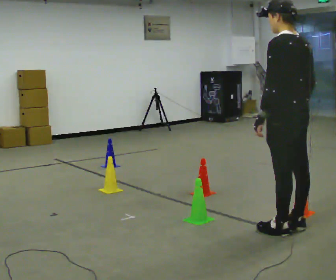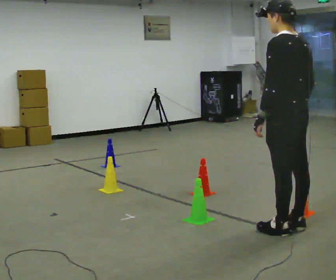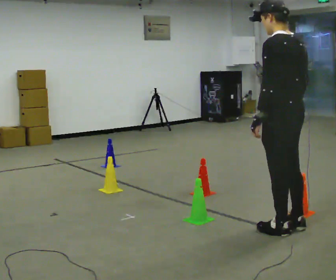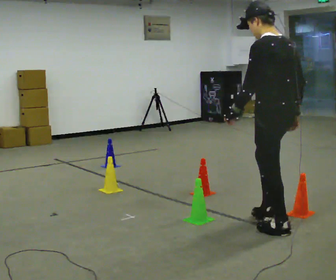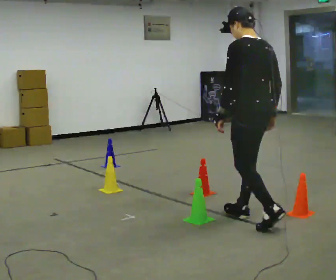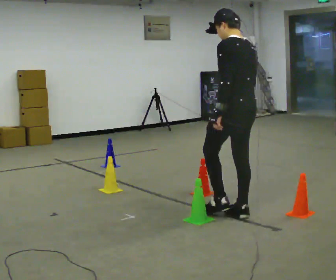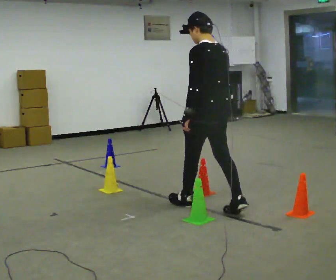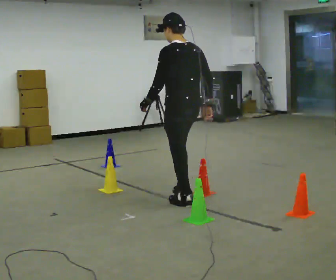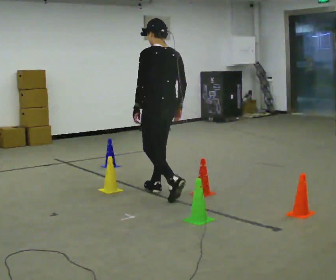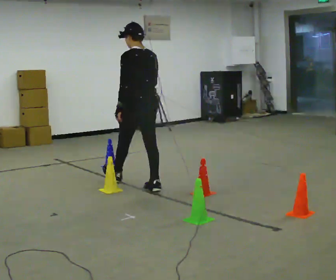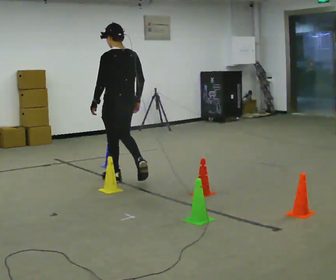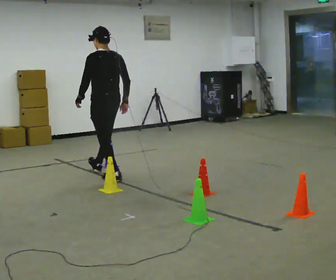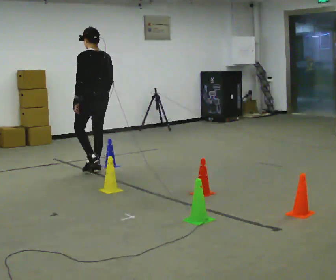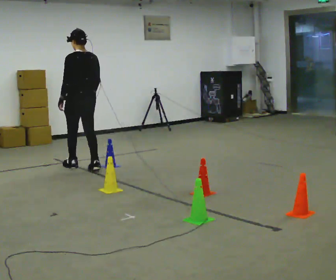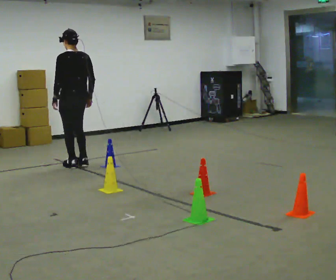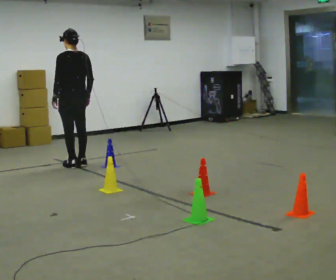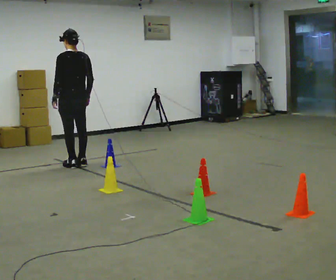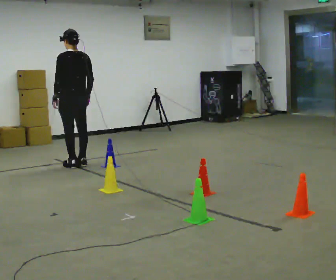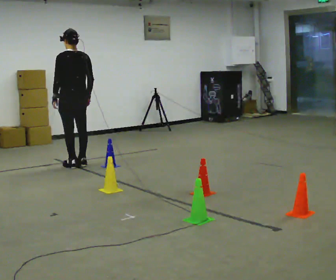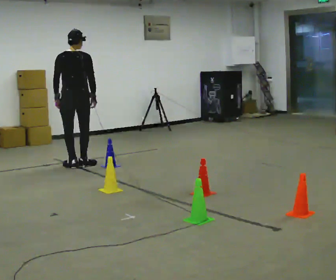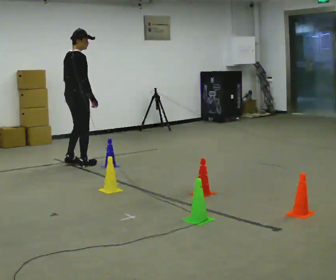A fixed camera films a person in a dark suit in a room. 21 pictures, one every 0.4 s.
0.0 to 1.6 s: In the picture they go away from the camera and to the left, about 0.25 m in 1 step, which for them is forward.
1.6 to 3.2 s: In the picture they go away from the camera and to the left, about 1 m in 2 steps, which for them is forward.
3.2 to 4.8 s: In the picture they go away from the camera and to the left, about 1.5 m in 2 steps, which for them is forward.
4.8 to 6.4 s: In the picture they go away from the camera and to the left, about 0.5 m in 2 steps, which for them is forward.
6.4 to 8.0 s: The person turns about 90 degrees to their right, clockwise seen from above, so the part of the body nearest the lens slides to the left.
The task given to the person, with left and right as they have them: Walk through passage without touching sides; continue normally after exit.
The film runs forward here.
